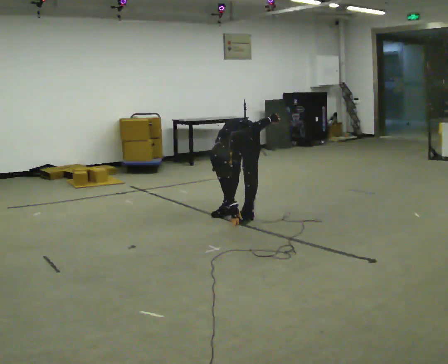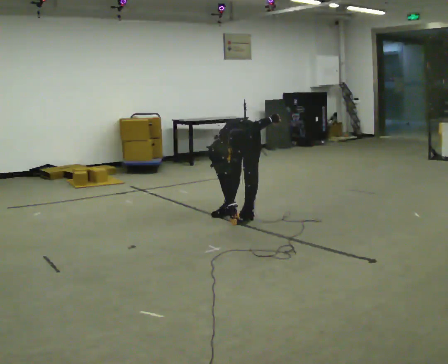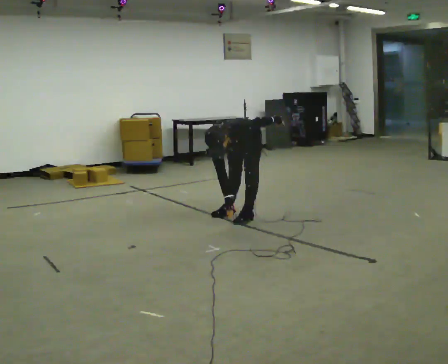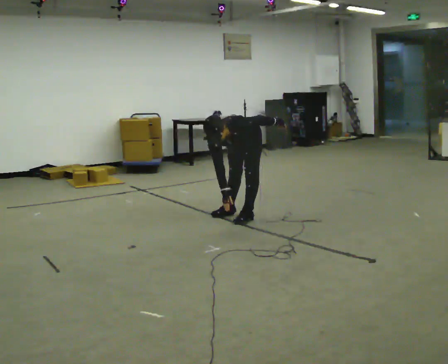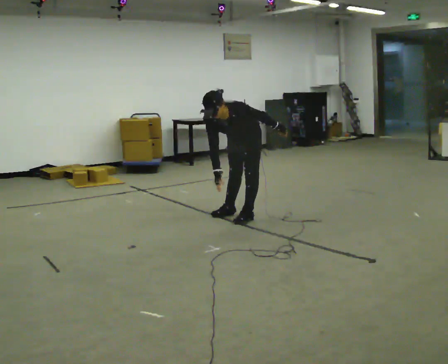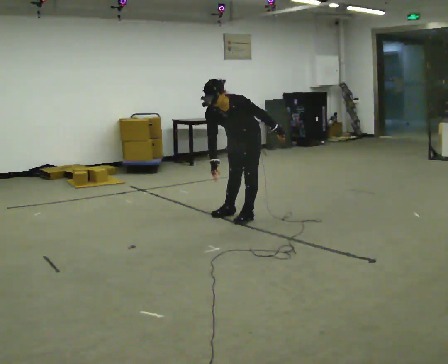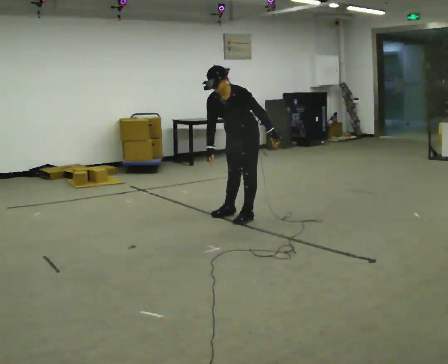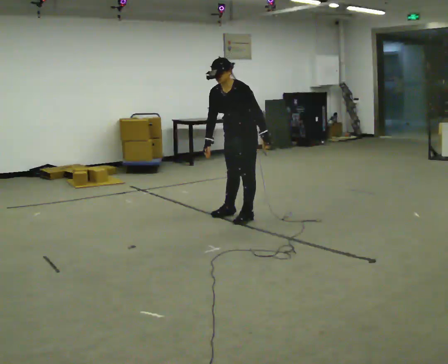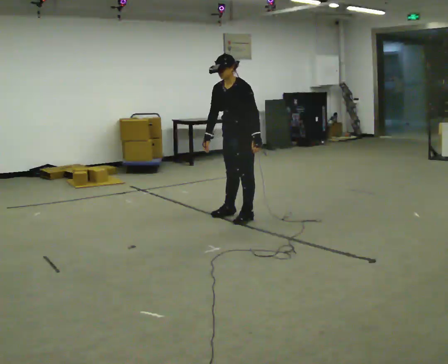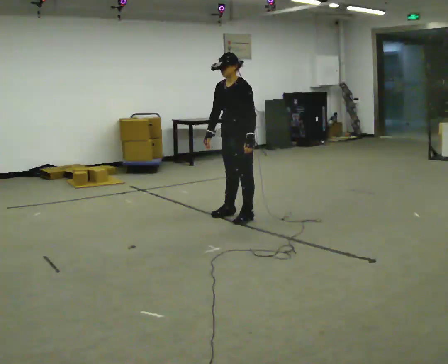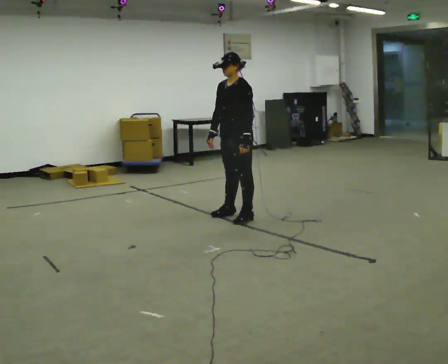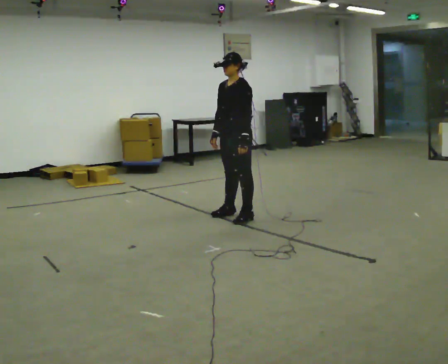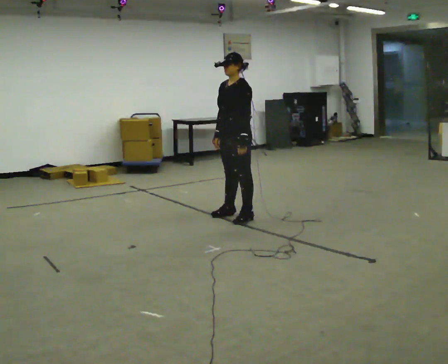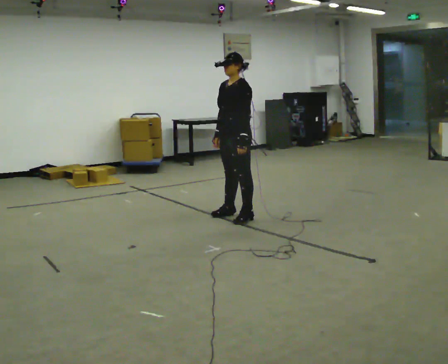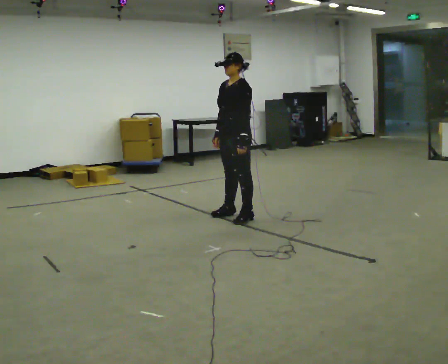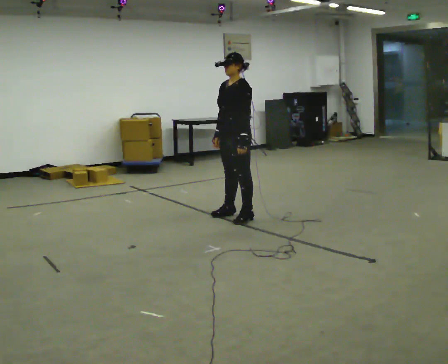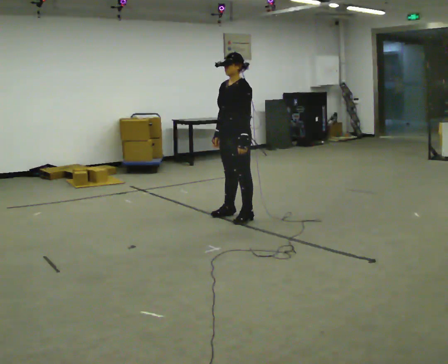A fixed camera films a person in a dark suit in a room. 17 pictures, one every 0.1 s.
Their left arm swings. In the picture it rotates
clockwise.
Their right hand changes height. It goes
upward.
0.0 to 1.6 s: The part of the body nearest the lens slides to the left as the person turns to their right by about 30 degrees. The upper body goes upward. The upper body tips away from the camera, its near side rolling upward, as they lean back or straighten.
The film runs backward here.
